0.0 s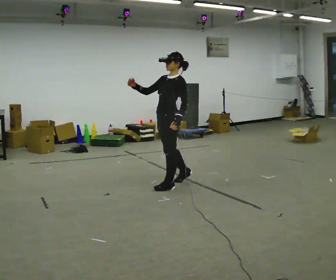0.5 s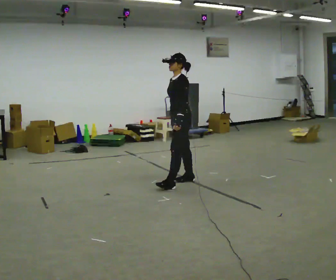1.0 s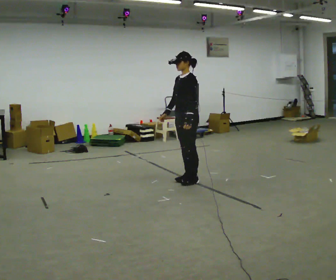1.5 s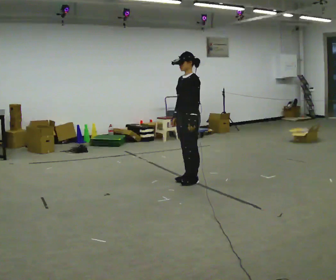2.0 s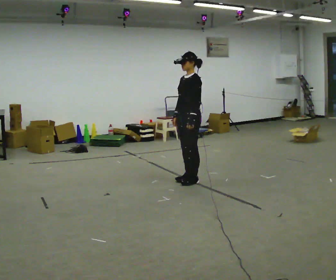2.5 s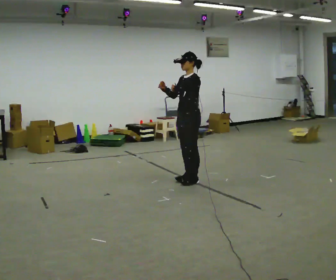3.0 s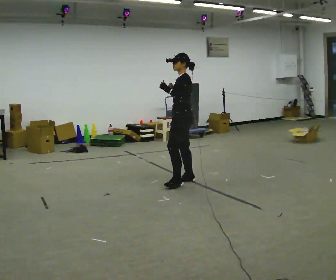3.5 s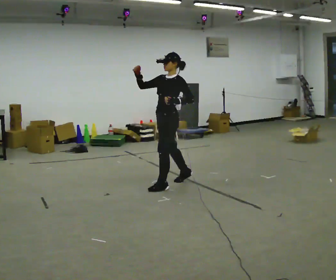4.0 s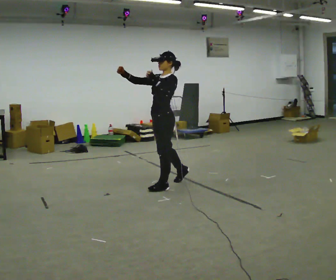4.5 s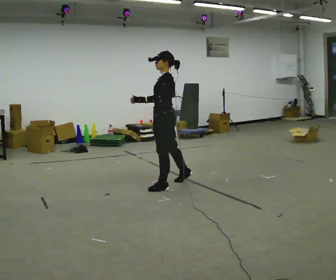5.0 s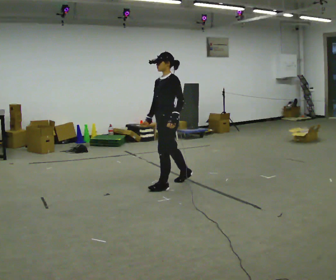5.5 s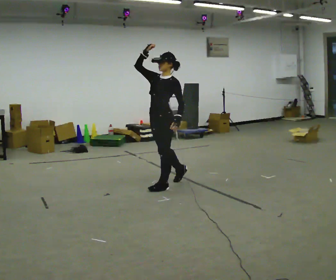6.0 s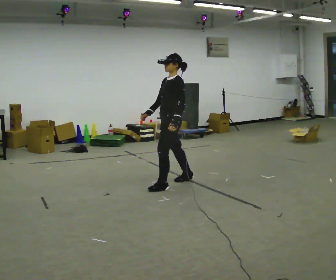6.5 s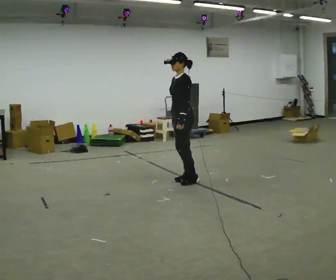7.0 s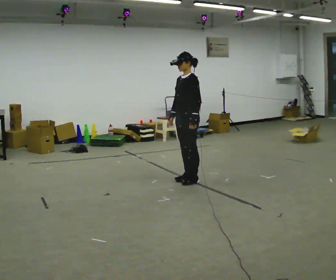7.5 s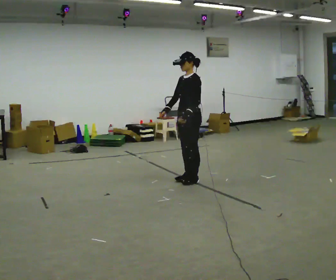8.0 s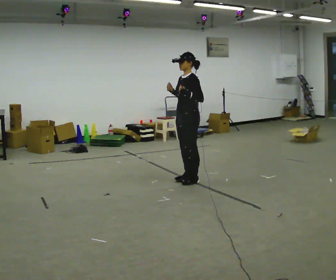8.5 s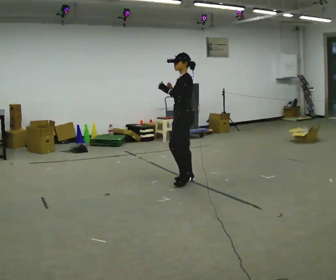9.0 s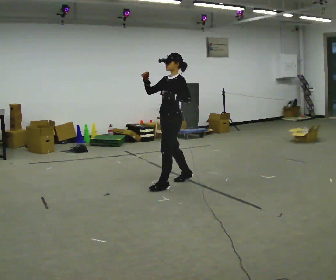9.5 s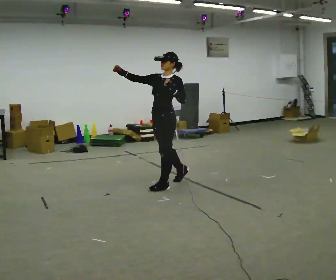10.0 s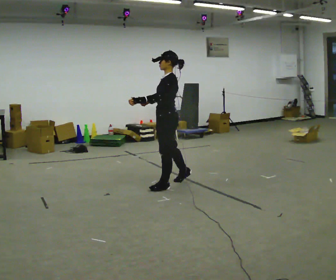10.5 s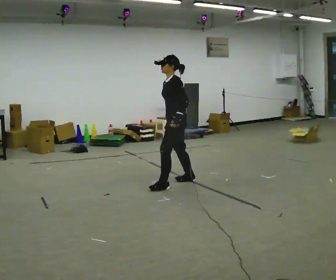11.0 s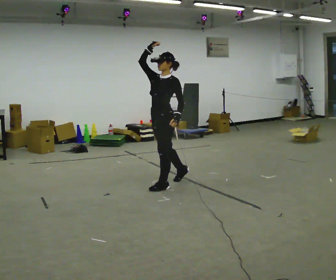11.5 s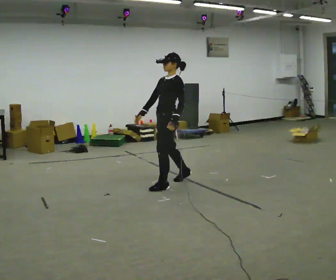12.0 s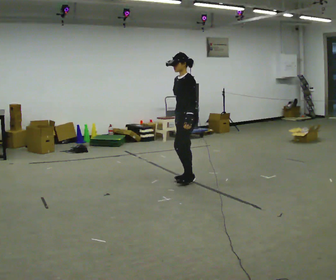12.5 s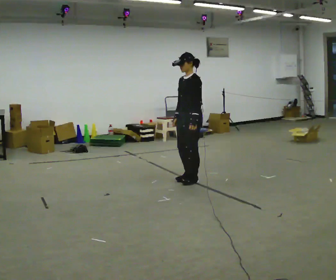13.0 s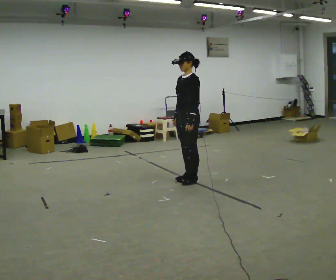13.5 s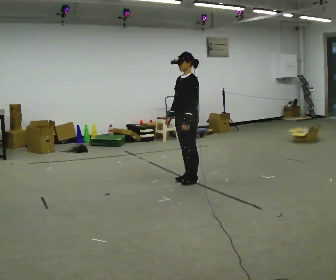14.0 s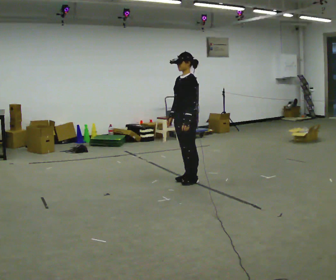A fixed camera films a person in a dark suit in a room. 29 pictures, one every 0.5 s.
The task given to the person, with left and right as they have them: Mimic boxing into the air at moderate speed with both hands, moving your feet only a little. Stay controlled; do not punch at full speed.
0.0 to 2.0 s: In the picture they go to the right and away from the camera, about 0.25 m in 1 step, which for them is backward. In the picture their right hand goes downward.
2.0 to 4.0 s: In the picture they go to the left and toward the camera, about 0.5 m in 1 step, which for them is forward and to their left. In the picture their right hand goes upward.
4.0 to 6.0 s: In the picture they go away from the camera, about 0.25 m, which for them is backward. In the picture their right hand goes downward.
6.0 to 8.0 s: In the picture they go to the right, about 0.25 m in 1 step, which for them is backward. In the picture their right hand goes upward.
8.0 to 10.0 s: In the picture they go toward the camera and to the left, about 0.25 m in 1 step, which for them is forward.
10.0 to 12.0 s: In the picture they go away from the camera and to the right, about 0.25 m, which for them is backward.
12.0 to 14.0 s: The person moves a little, or ends about where they began.
The film runs forward here.
